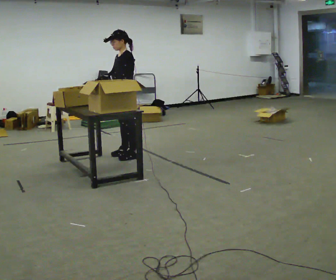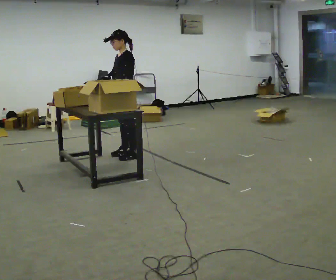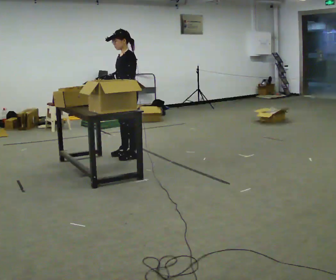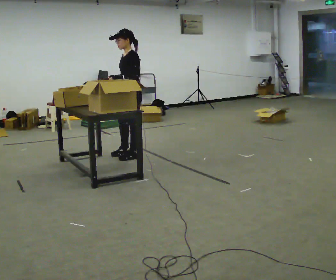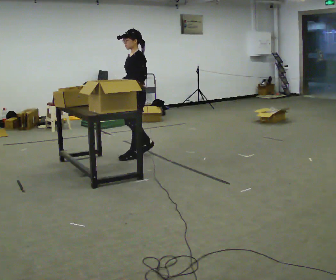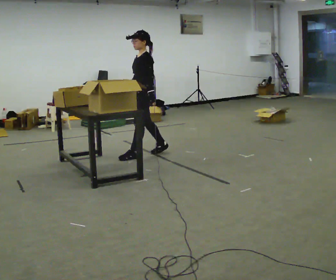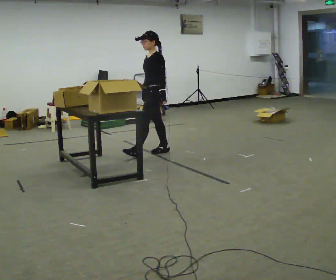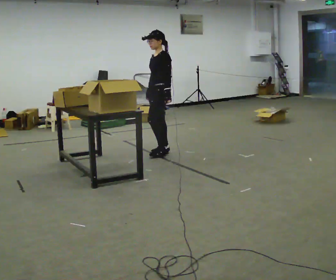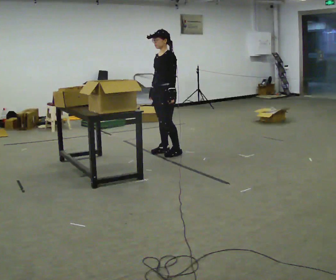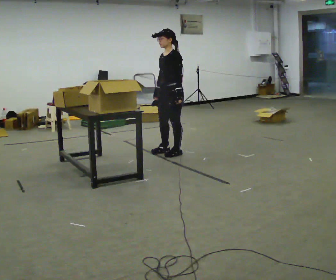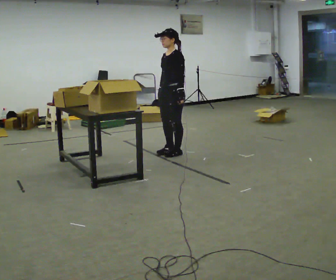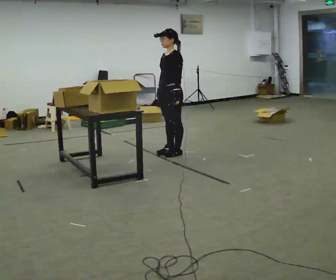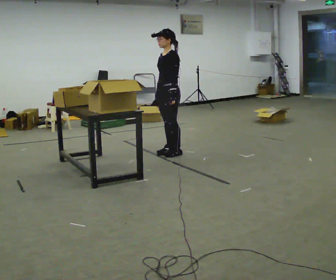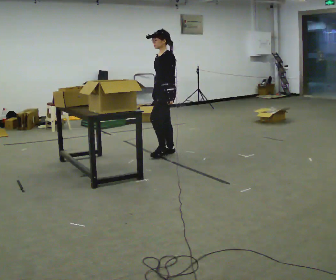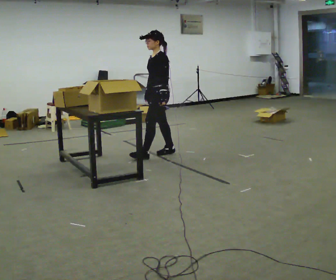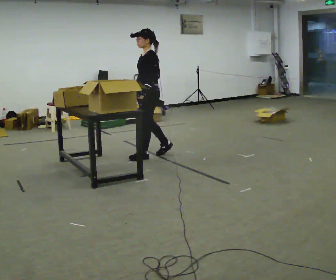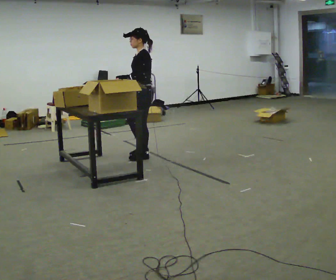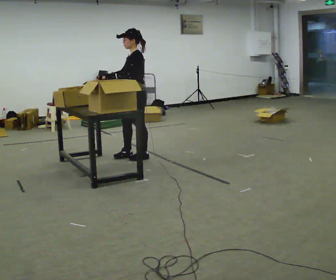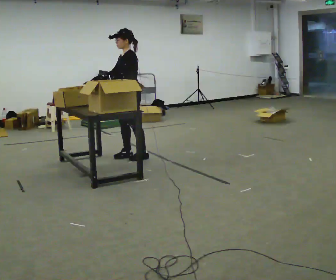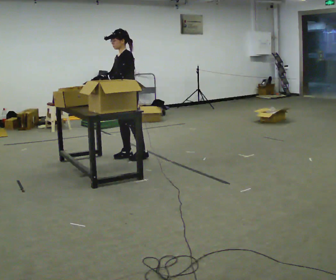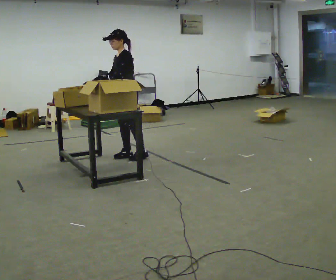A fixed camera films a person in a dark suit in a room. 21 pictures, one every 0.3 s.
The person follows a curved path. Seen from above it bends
clockwise.
0.0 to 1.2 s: The person moves a little, or ends about where they began.
1.2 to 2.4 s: In the picture they go to the right and away from the camera, about 0.5 m in 2 steps, which for them is backward.
2.4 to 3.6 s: The person moves a little, or ends about where they began.
3.6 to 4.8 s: In the picture they go to the left and toward the camera, about 0.5 m in 1 step, which for them is forward.
4.8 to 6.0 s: In the picture they go to the left, about 0.25 m in 1 step, which for them is to their right and forward.
The film runs forward here.
